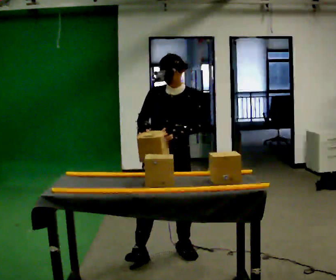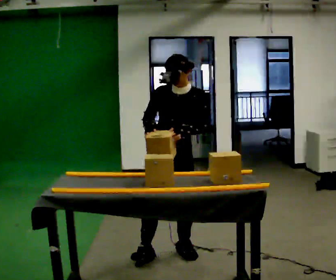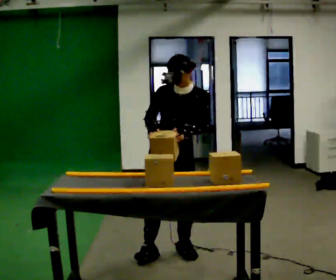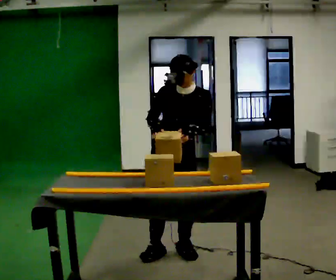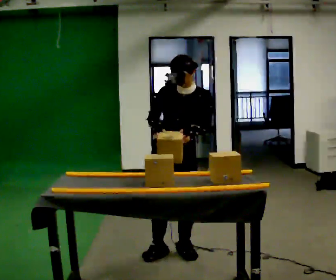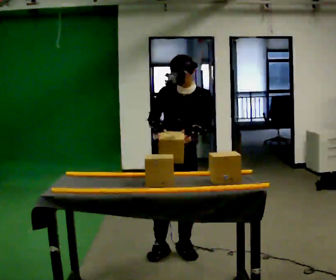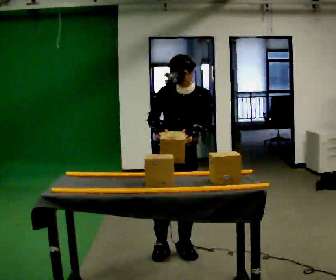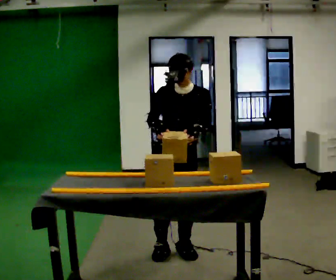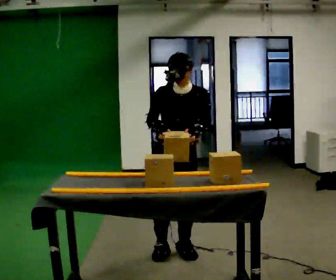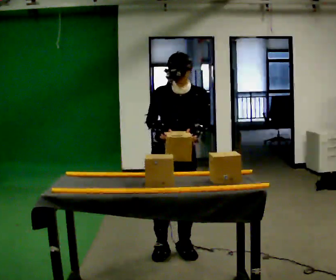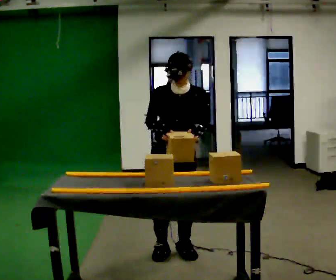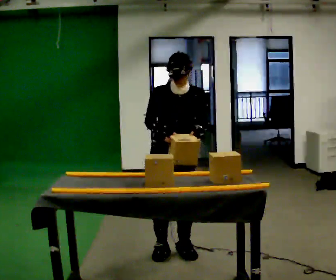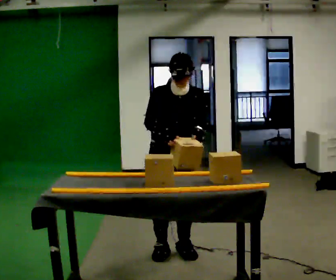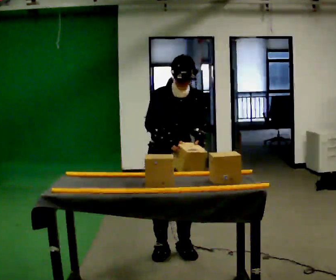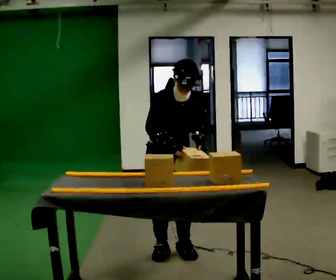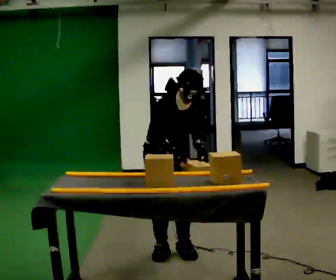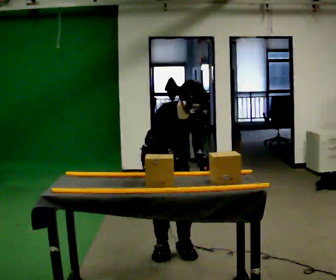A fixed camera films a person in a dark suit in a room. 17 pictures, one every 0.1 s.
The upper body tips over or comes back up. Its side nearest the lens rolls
downward.
0.0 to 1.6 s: The part of the body nearest the lens slides to the right as the person turns to their left by about 45 degrees. The upper body tips toward the camera, its near side rolling downward, as they bend forward.
The film runs backward here.
